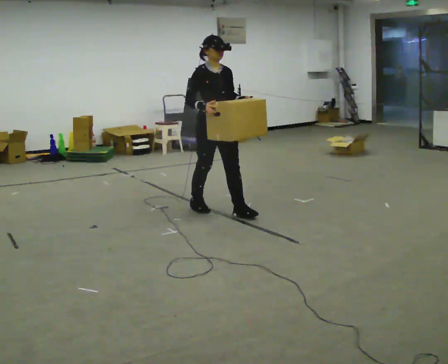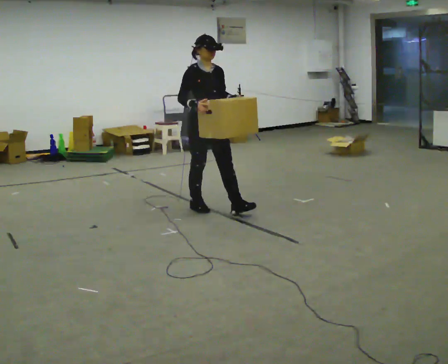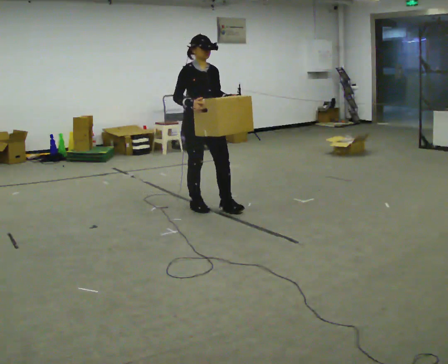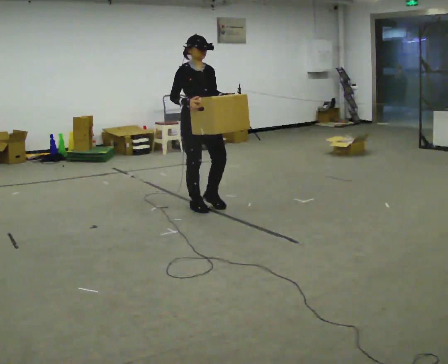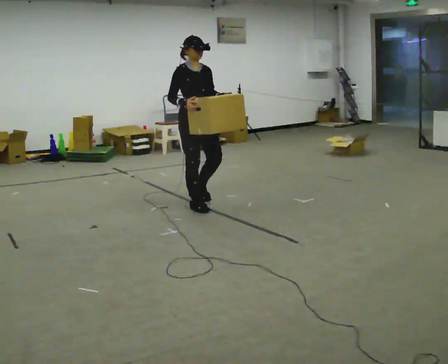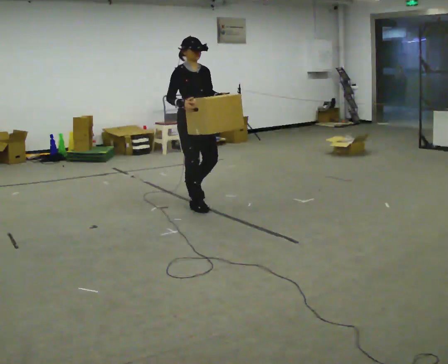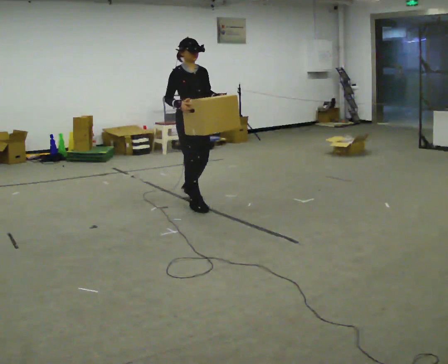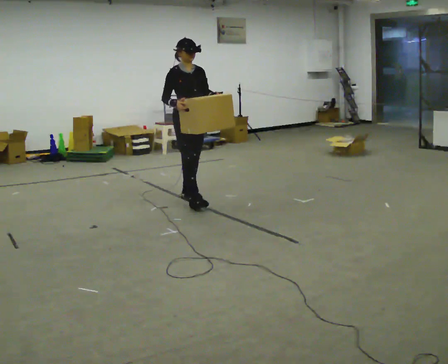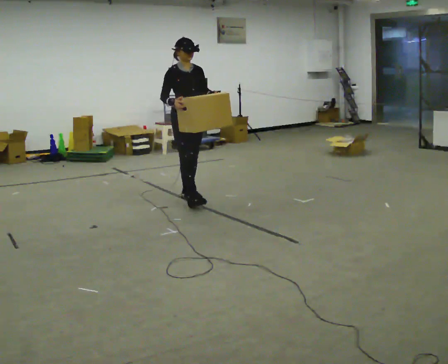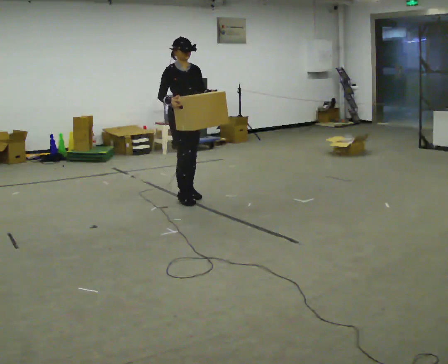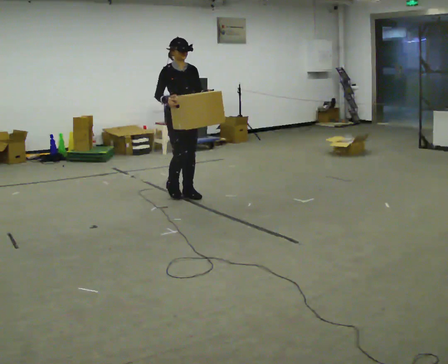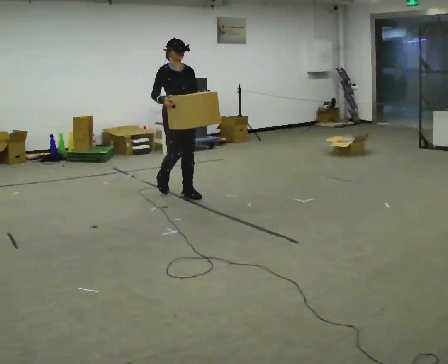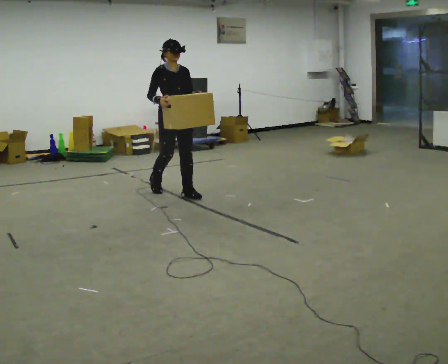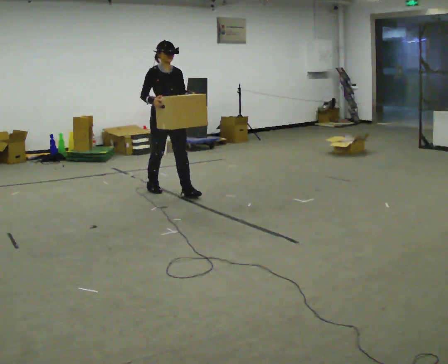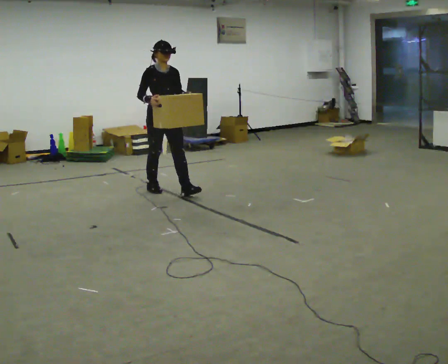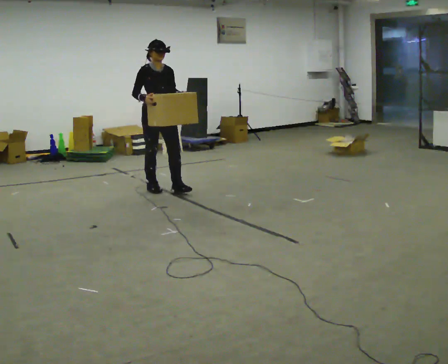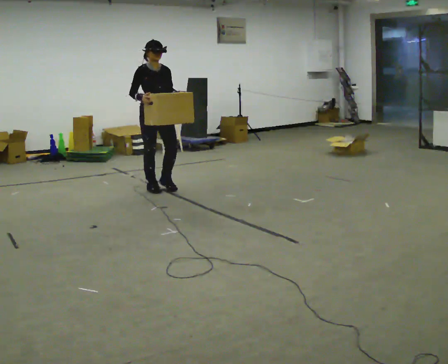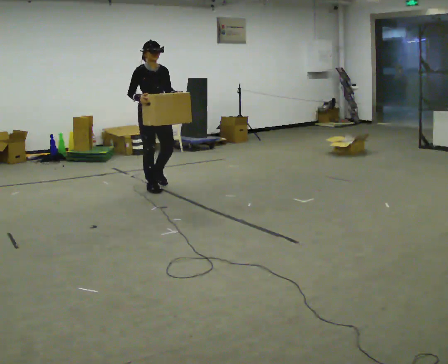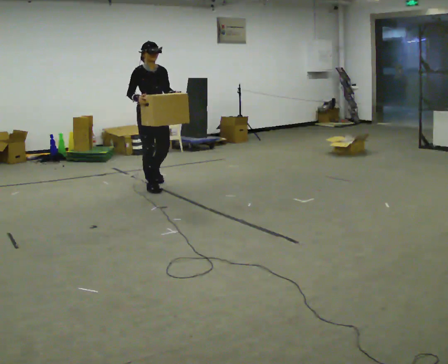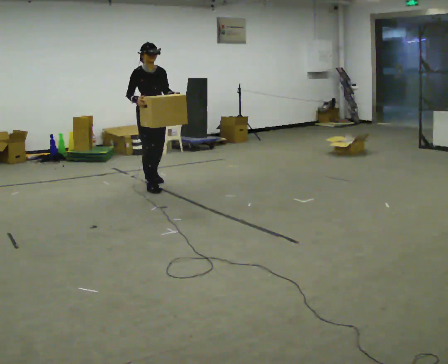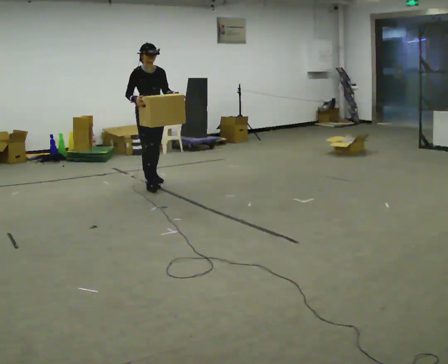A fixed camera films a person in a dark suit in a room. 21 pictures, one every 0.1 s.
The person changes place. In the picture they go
away from the camera.
0.0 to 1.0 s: In the picture they go away from the camera and to the left, about 0.75 m in 2 steps, which for them is backward.
1.0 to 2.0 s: In the picture they go away from the camera and to the left, about 0.75 m in 1 step, which for them is backward.
The film runs backward here.
